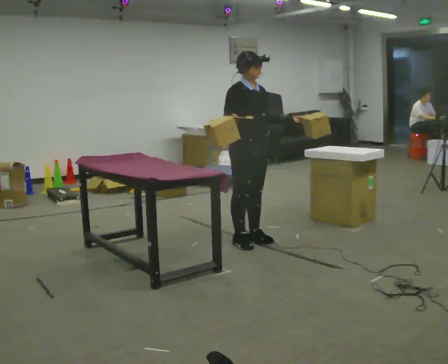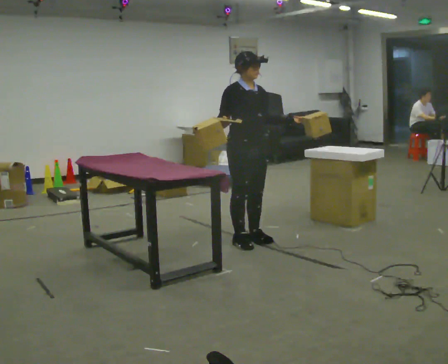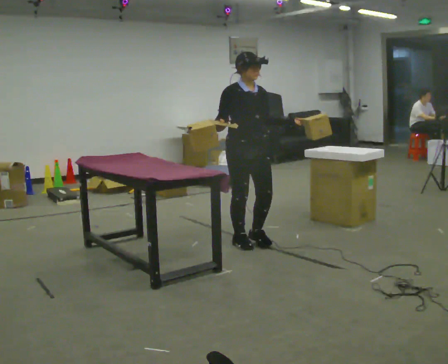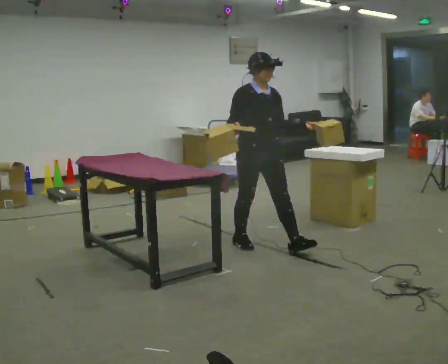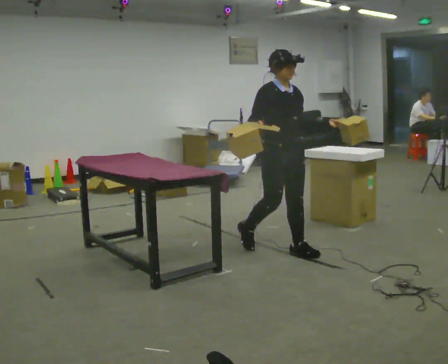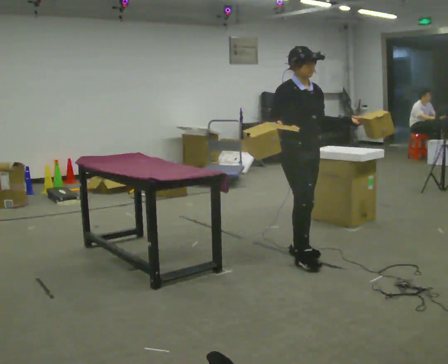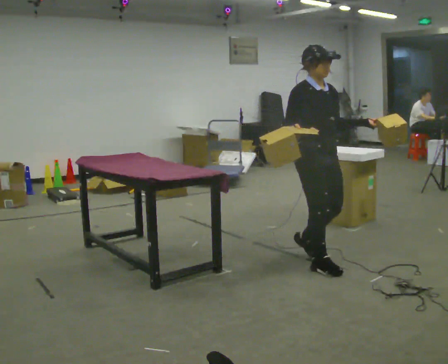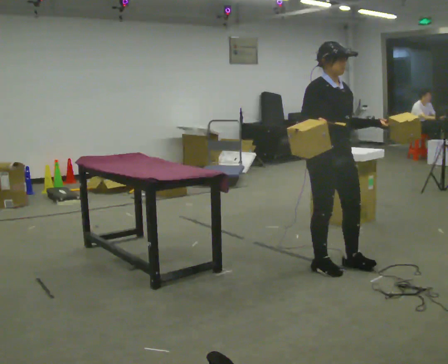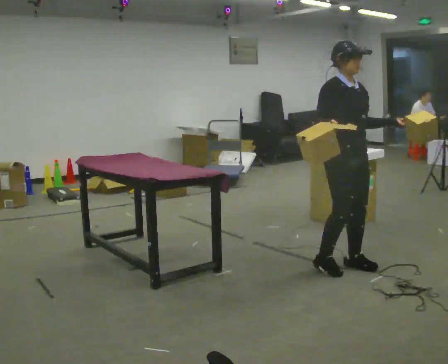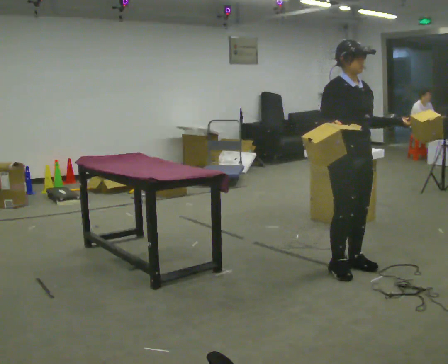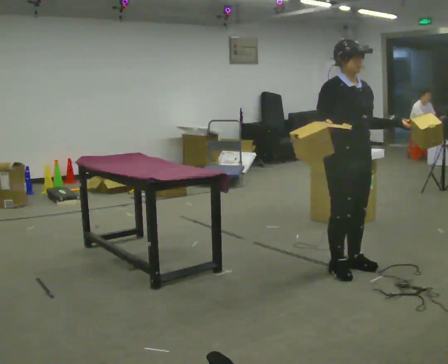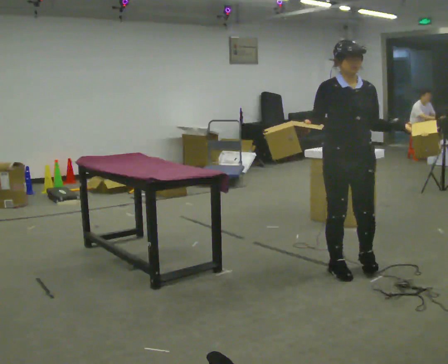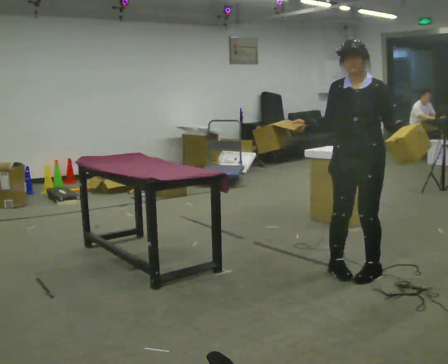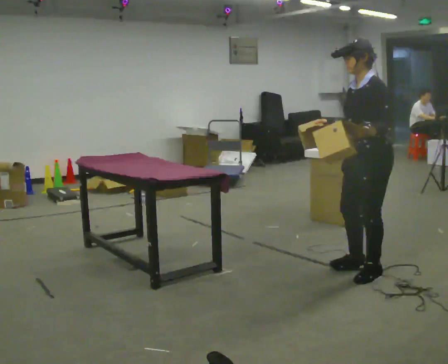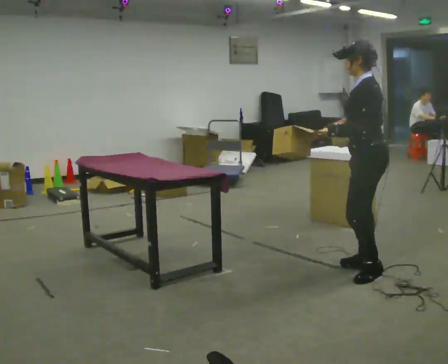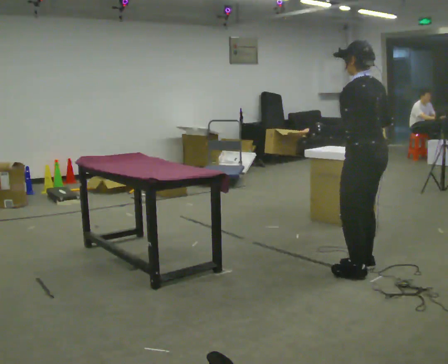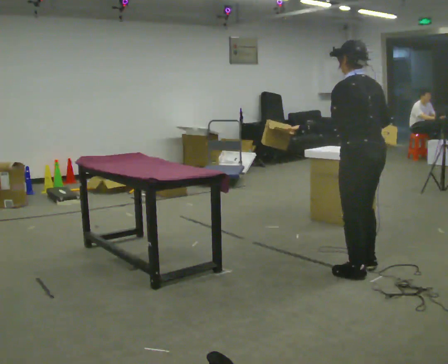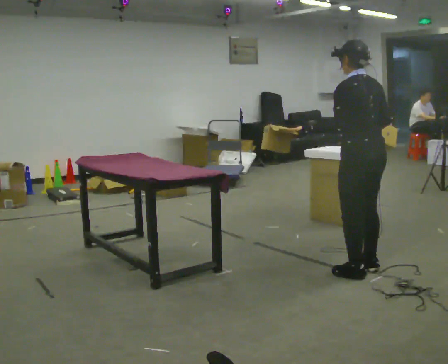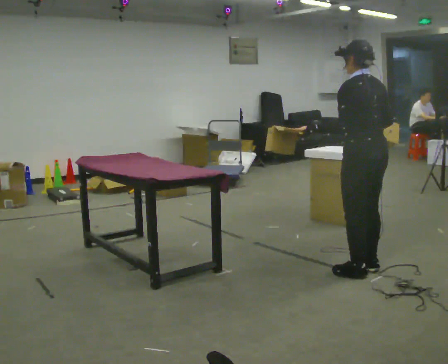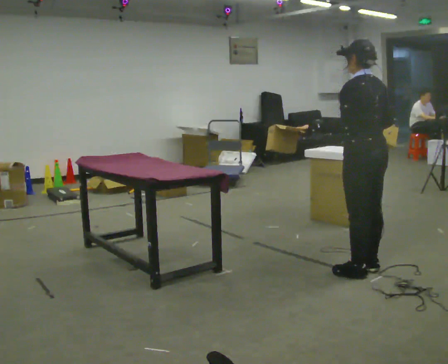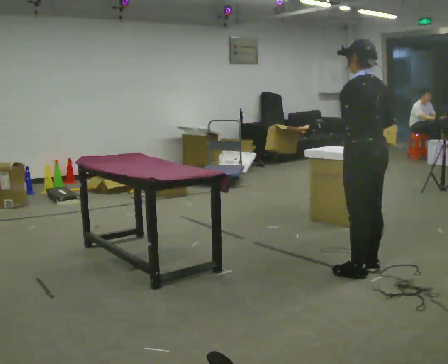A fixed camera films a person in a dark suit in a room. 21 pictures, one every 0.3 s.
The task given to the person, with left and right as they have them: Carry two objects across the room, then put just one of them on the shelf while still holding the other. Then bring them both back. Keep going until the operator says stop; one object at a time, and do not rush between trips.
0.0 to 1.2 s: In the picture they go to the right and toward the camera, about 0.5 m in 1 step, which for them is forward.
1.2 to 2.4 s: In the picture they go to the right and toward the camera, about 0.5 m in 2 steps, which for them is forward.
2.4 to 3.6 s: The person turns about 75 degrees to their right, clockwise seen from above, so the part of the body nearest the lens slides to the left.
3.6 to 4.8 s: The person turns about 105 degrees to their right, clockwise seen from above, so the part of the body nearest the lens slides to the left. In the picture their left hand goes to the left.
4.8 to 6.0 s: The person moves a little, or ends about where they began.
The film runs forward here.
